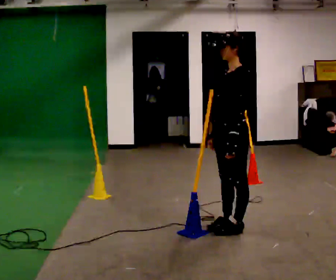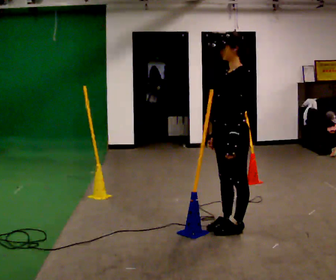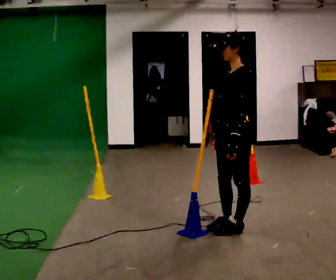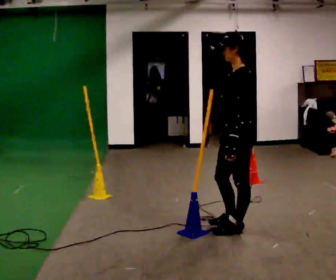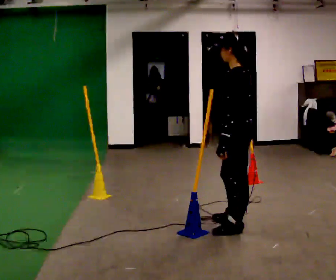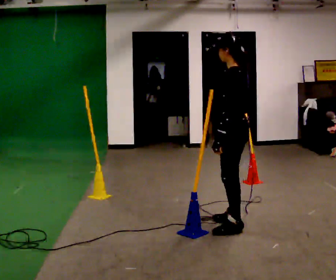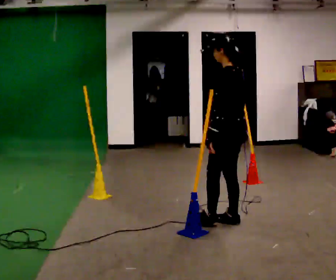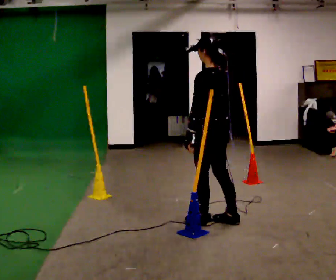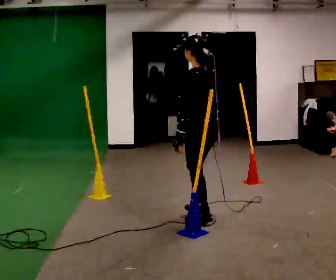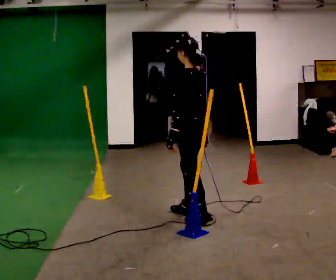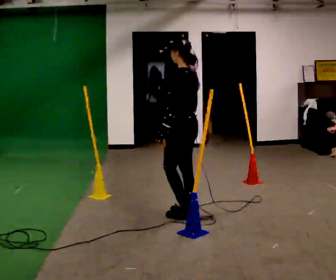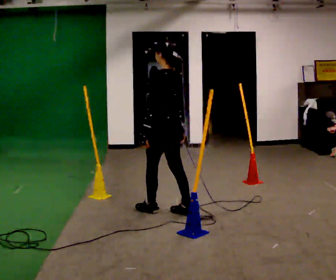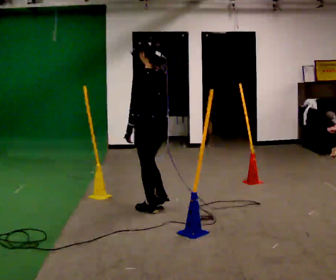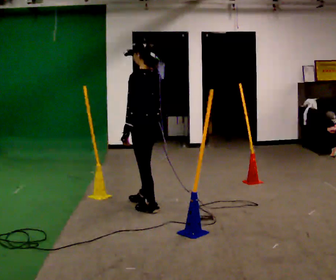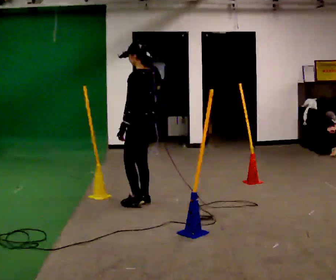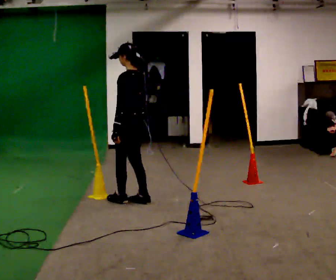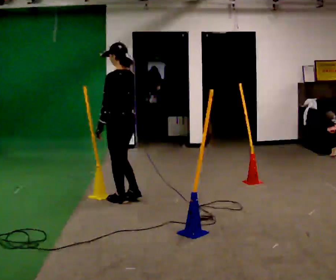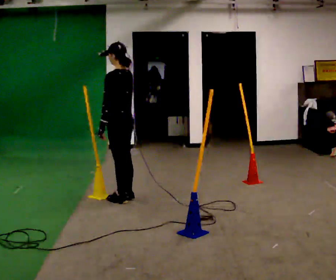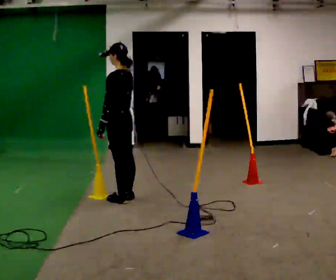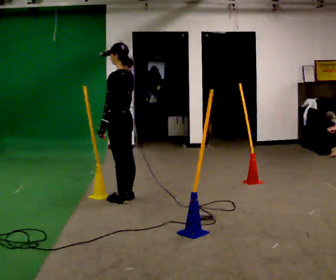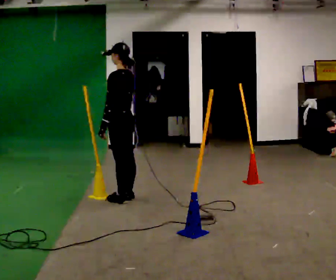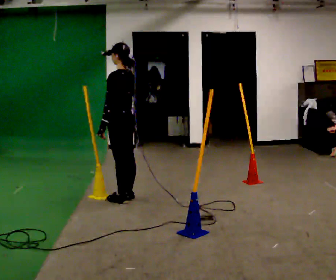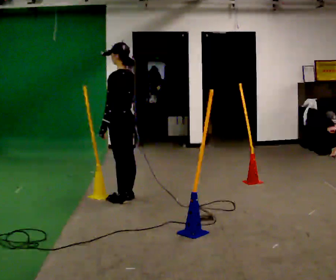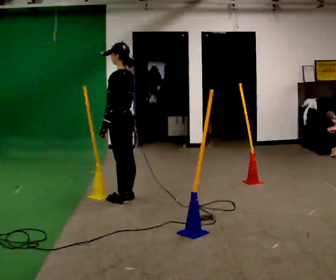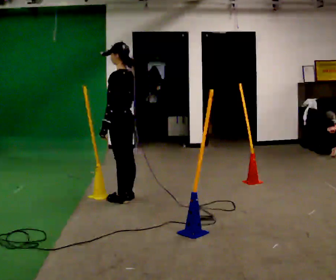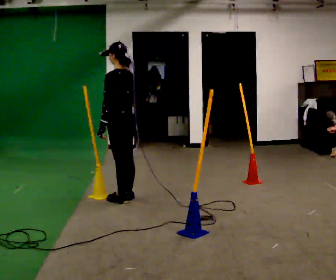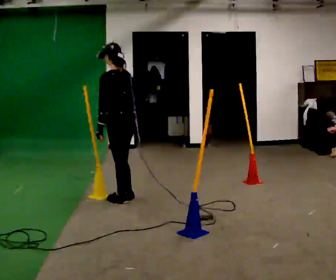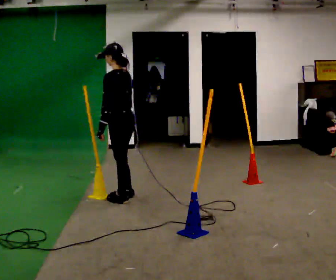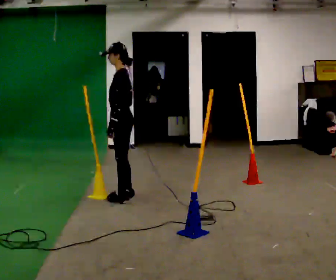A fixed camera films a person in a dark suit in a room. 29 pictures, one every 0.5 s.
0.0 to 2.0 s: Seen from above the body turns clockwise, about 30 degrees: to their right, with its near side sliding to the left.
2.0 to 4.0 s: In the picture they go to the left and away from the camera, about 0.25 m in 1 step, which for them is forward.
4.0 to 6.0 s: In the picture they go to the left and away from the camera, about 0.5 m in 2 steps, which for them is forward.
6.0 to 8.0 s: In the picture they go away from the camera and to the left, about 0.5 m in 2 steps, which for them is forward and to their right.
8.0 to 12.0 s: The person moves a little, or ends about where they began.
12.0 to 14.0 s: Seen from above the body turns counterclockwise, about 30 degrees: to their left, with its near side sliding to the right.
The film runs forward here.
